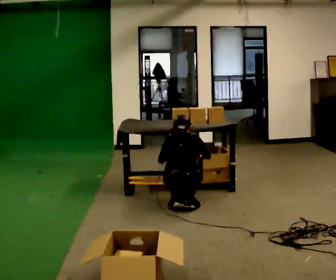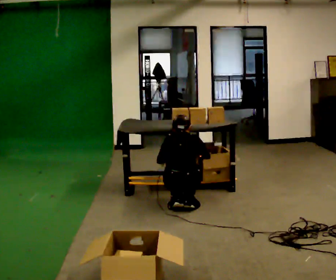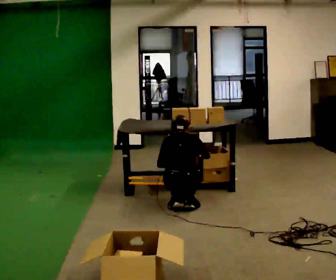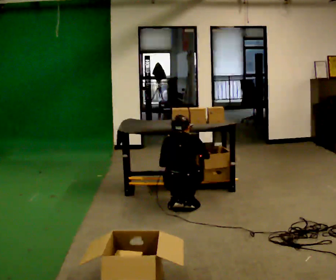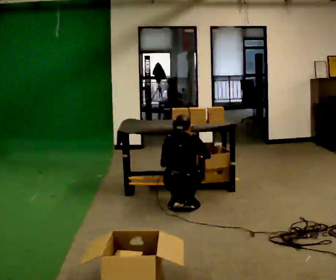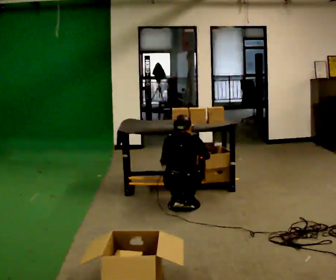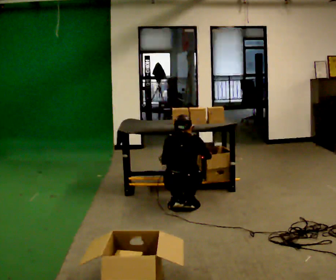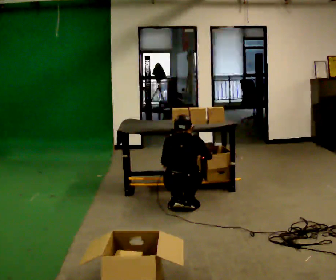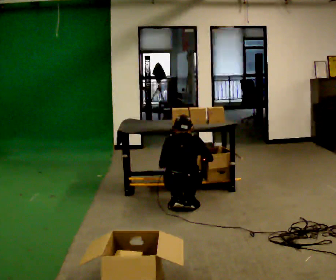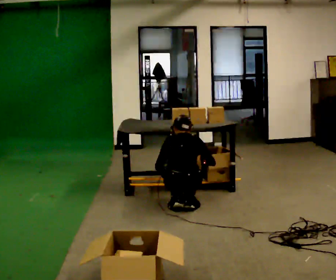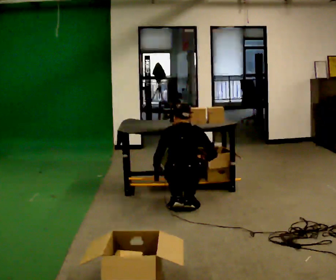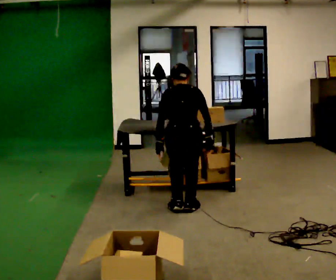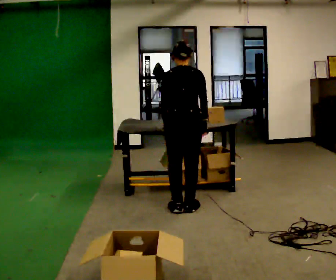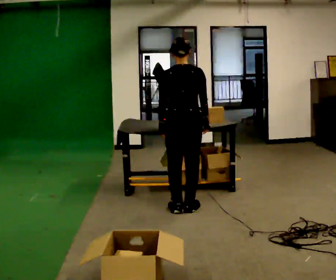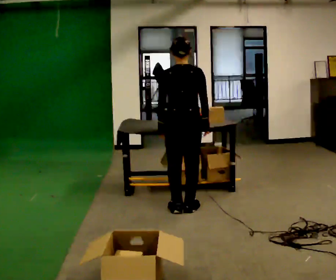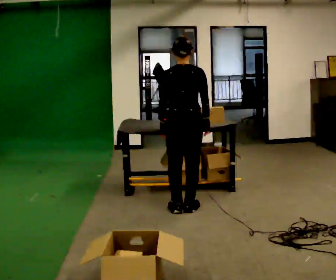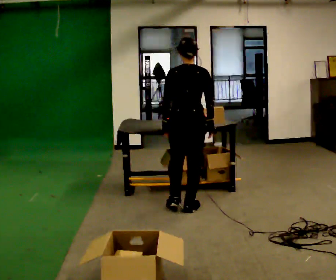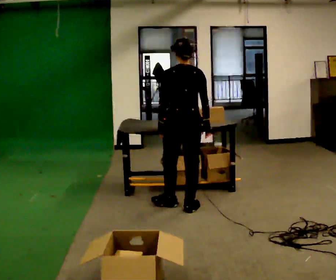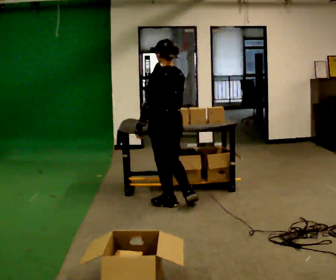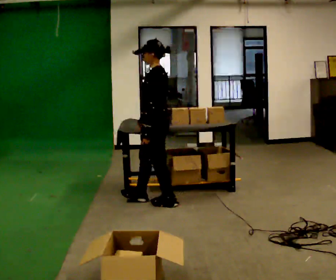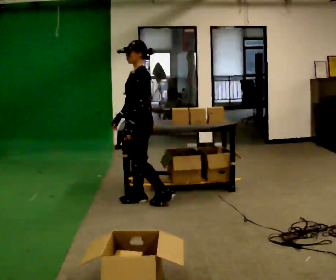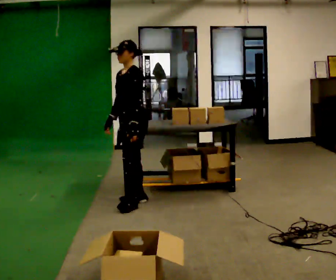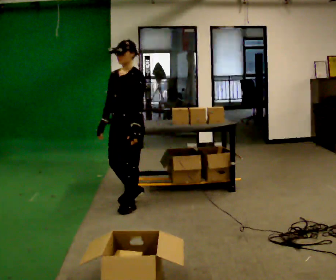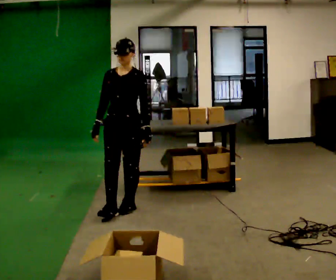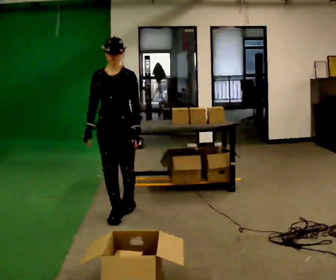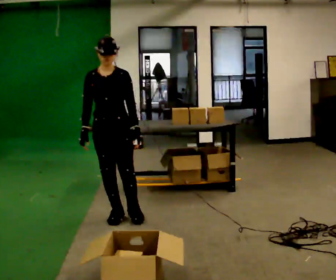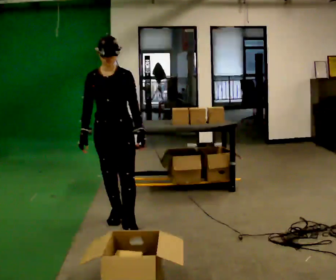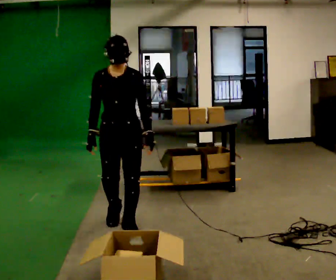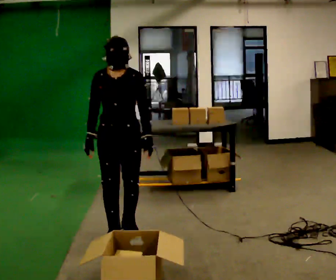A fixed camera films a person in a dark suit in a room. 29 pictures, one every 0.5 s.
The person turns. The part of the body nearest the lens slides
to the right.
The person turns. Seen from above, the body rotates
counterclockwise.
0.0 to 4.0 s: The person moves a little, or ends about where they began.
4.0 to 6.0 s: The upper body goes upward. The upper body tips toward the camera, its near side rolling downward, as they lean back or straighten. In the picture their right hand goes upward.
6.0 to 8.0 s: The person moves a little, or ends about where they began.
8.0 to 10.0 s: The part of the body nearest the lens slides to the right as the person turns to their left by about 105 degrees. In the picture they go to the left and away from the camera, about 0.5 m in 2 steps.
10.0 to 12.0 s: The person turns about 75 degrees to their left, counterclockwise seen from above, so the part of the body nearest the lens slides to the right. In the picture they go toward the camera, about 0.5 m in 2 steps.
12.0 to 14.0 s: In the picture they go toward the camera, about 0.5 m in 2 steps, which for them is forward.
The film runs forward here.
